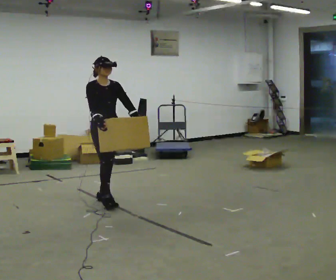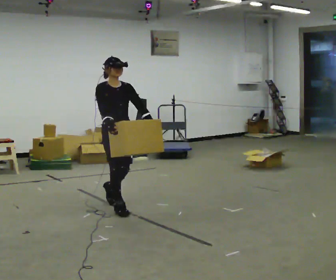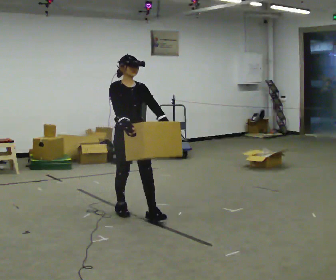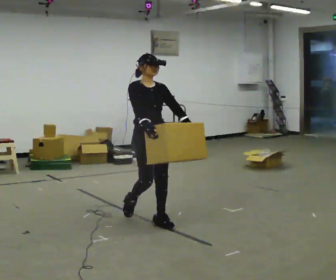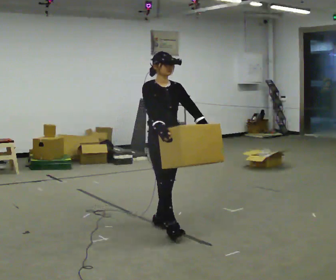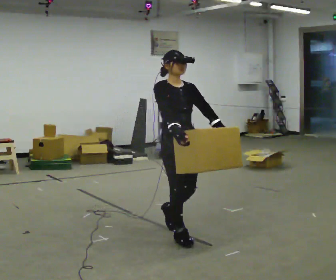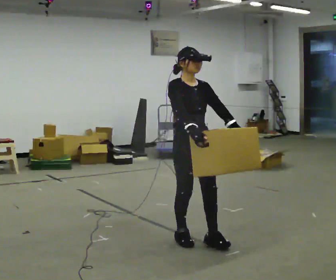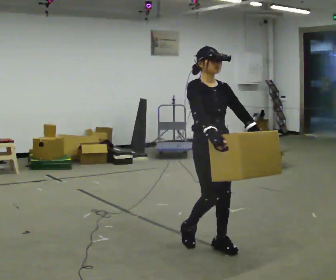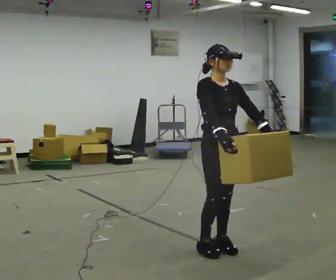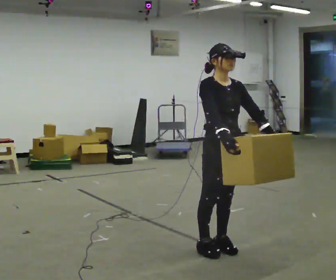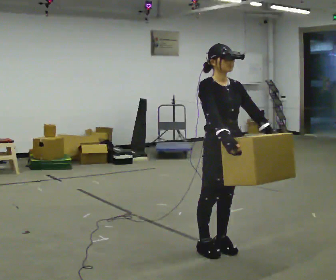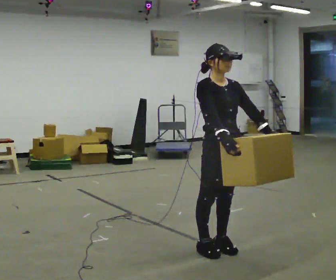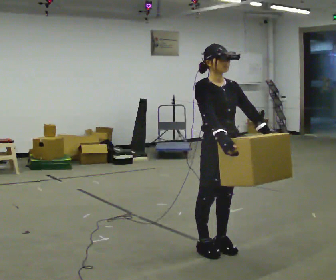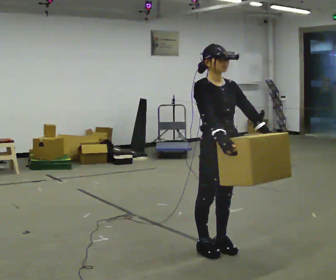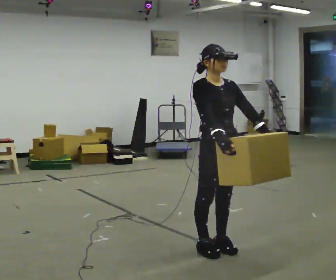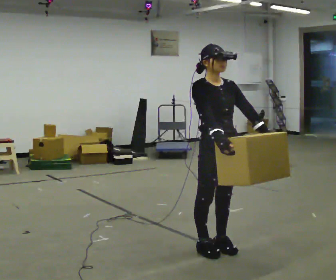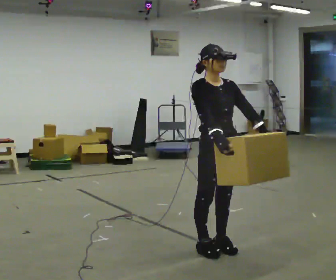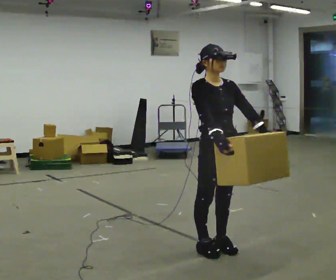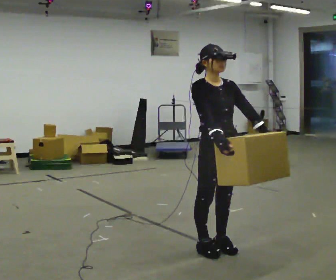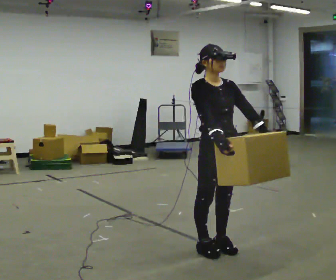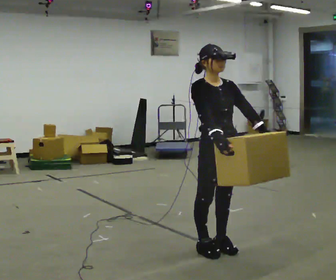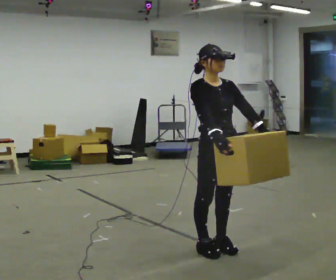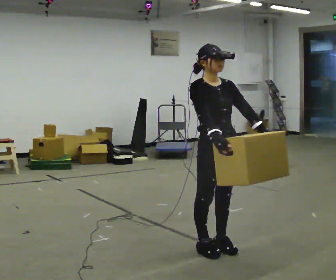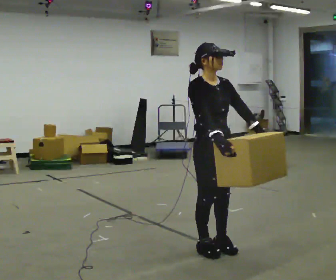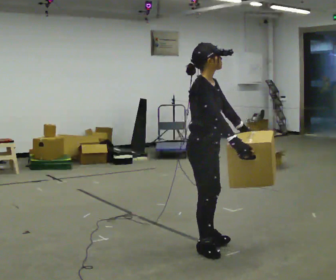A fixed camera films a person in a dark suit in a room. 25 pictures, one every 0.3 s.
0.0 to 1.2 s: In the picture they go to the right and toward the camera, about 1 m in 2 steps, which for them is forward.
1.2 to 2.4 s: In the picture they go to the right and toward the camera, about 0.75 m in 3 steps, which for them is forward.
2.4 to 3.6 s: The person moves a little, or ends about where they began.
3.6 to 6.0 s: The person keeps their place and pose.
6.0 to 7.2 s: Seen from above the body turns counterclockwise, about 45 degrees: to their left, with its near side sliding to the right.
The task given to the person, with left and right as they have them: Carry the heavy box in both hands in front of you, walking back and forth across the room. Keep walking until the operator says stop. Set it down if you need a rest.
The film runs forward here.
